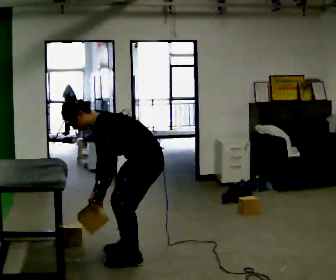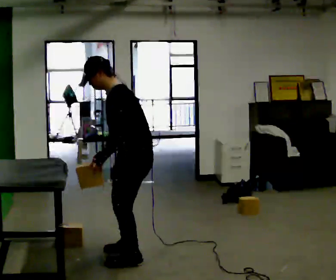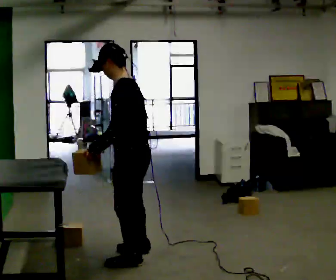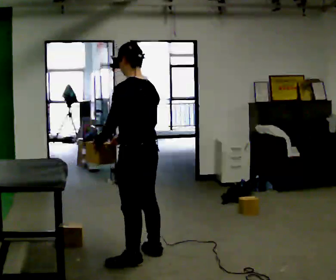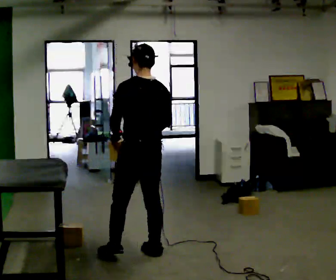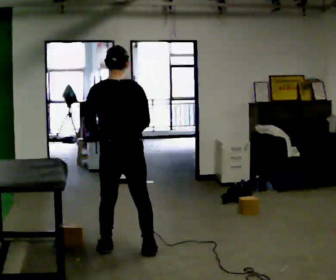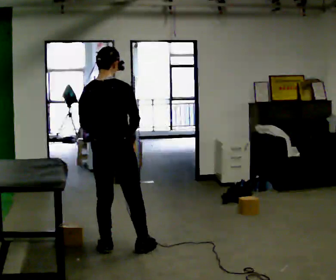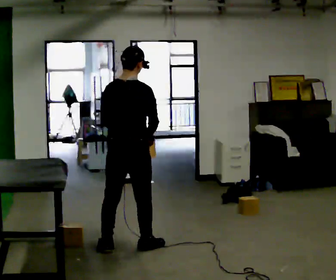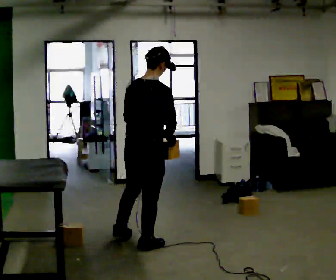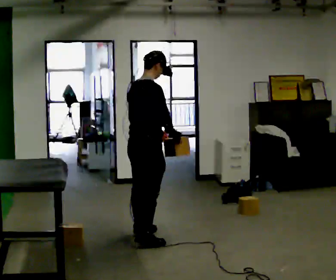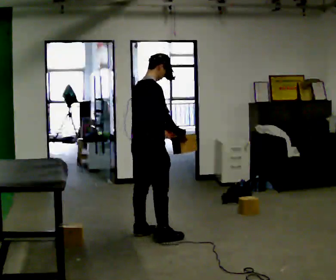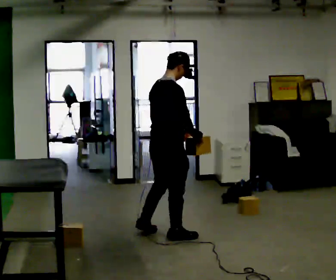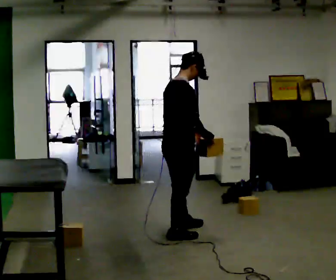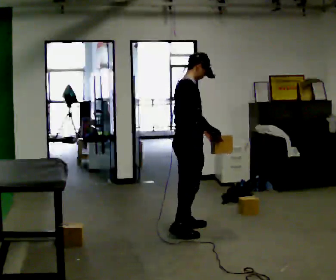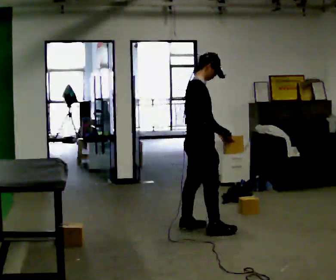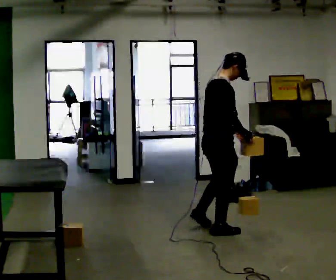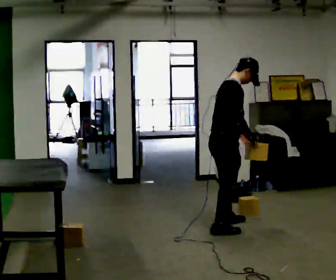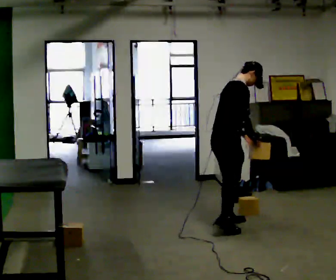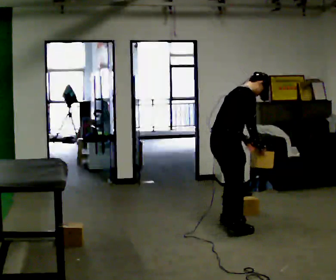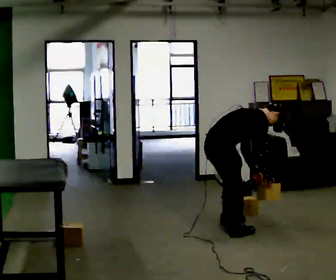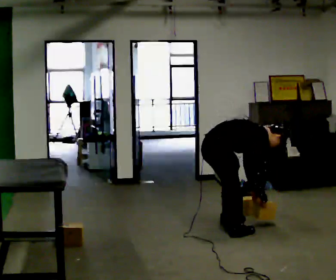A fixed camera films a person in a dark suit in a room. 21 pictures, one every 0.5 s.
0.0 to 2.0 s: The person turns about 75 degrees to their right, clockwise seen from above, so the part of the body nearest the lens slides to the left. The shoulders move upward. In the picture the upper body tilts clockwise, shoulders to the right, as they lean back or straighten. In the picture their left hand goes upward.
2.0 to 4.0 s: Seen from above the body turns clockwise, about 60 degrees: to their right, with its near side sliding to the left. In the picture they go away from the camera, about 0.25 m in 1 step.
4.0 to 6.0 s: The person turns about 30 degrees to their right, clockwise seen from above, so the part of the body nearest the lens slides to the left. In the picture they go to the right and away from the camera, about 0.5 m in 2 steps, which for them is forward.
6.0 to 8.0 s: In the picture they go to the right and away from the camera, about 0.5 m in 3 steps, which for them is forward.
8.0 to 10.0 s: The upper body goes downward. In the picture the upper body tilts clockwise, shoulders to the right, as they bend forward. In the picture their right hand goes downward.
The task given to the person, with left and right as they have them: Carry the object across the room and place it on the lowest shelf, crouching down to do it. Keep going until the operator says stop; one object at a time, and do not rush between trips.
The film runs forward here.
